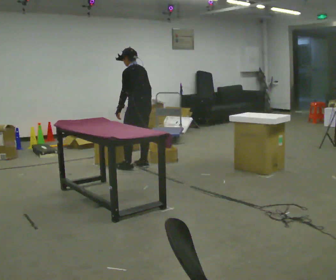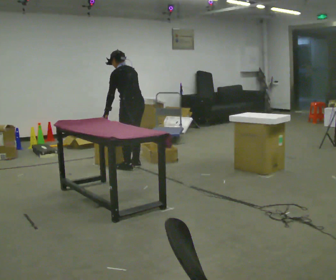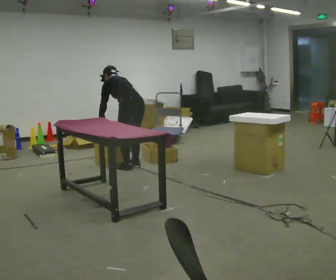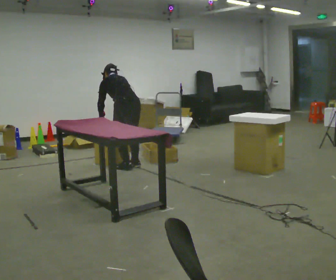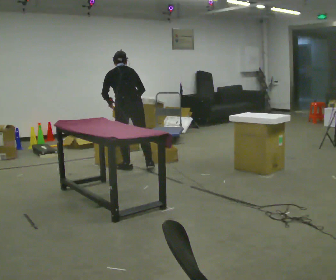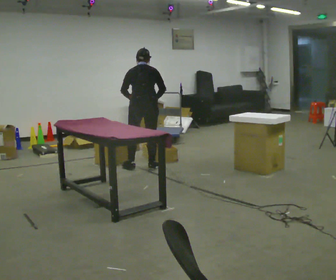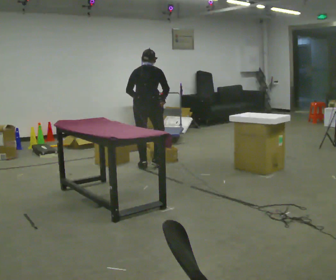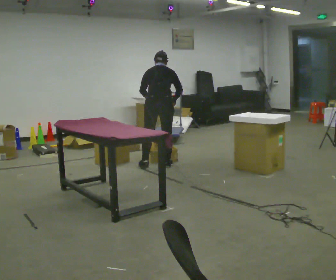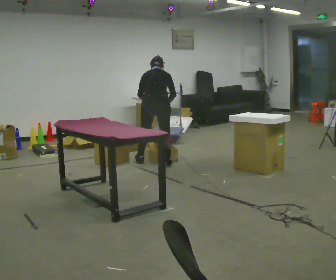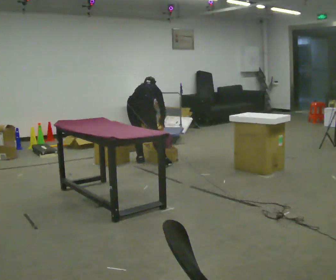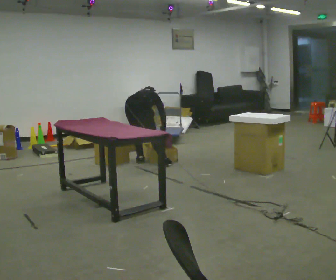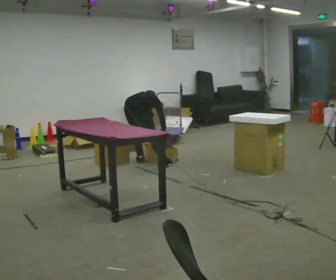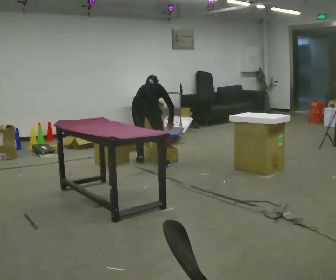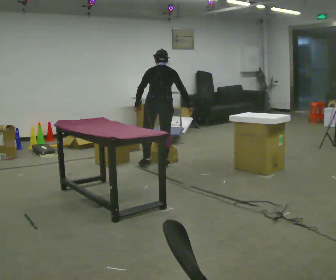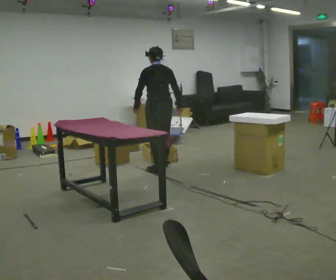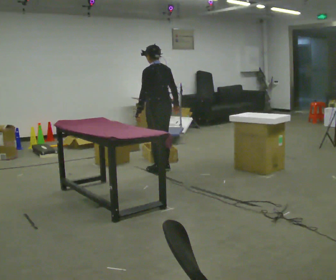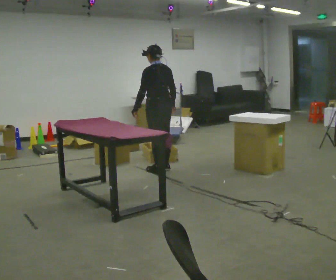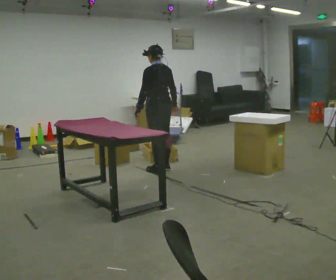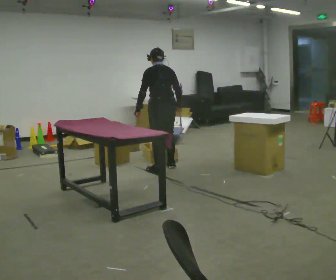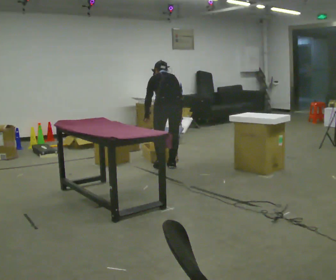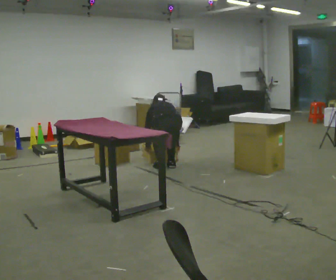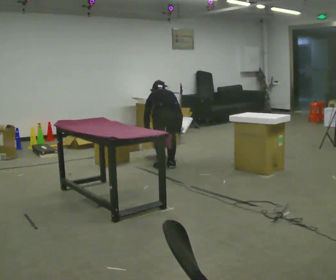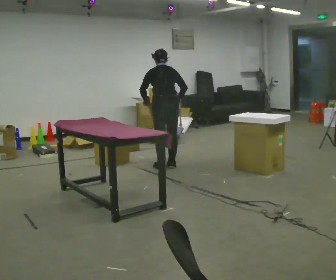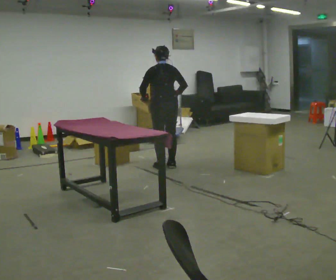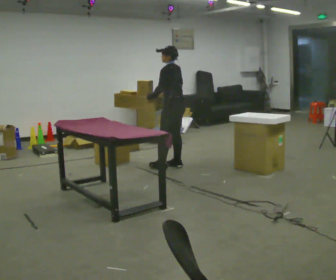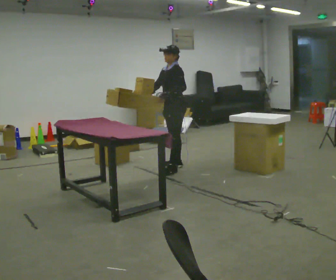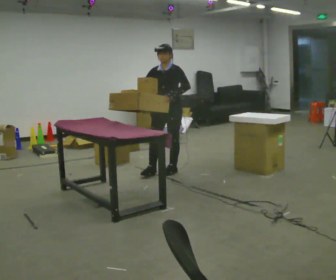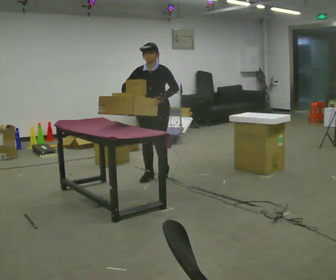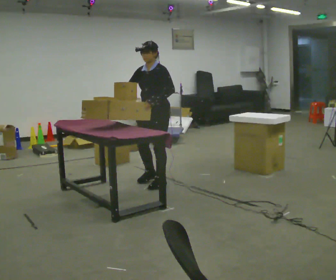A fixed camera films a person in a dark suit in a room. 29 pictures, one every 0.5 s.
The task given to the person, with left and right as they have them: 1. Move everything from the second bin into the first bin. 2. Carry the empty bin to the shelf. 3. Carry the full bin to the table. 4. Tell the operator when you are finished.
0.0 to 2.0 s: The part of the body nearest the lens slides to the left as the person turns to their right by about 45 degrees.
2.0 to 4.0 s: In the picture they go to the right and away from the camera, about 0.5 m in 4 steps, which for them is forward and to their right. In the picture the upper body tilts clockwise, shoulders to the right.
4.0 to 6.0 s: The person moves a little, or ends about where they began.
6.0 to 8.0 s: Seen from above the body turns counterclockwise, about 45 degrees: to their left, with its near side sliding to the right. In the picture they go toward the camera and to the right, about 0.25 m in 2 steps, which for them is backward. The shoulders move upward. The upper body tips toward the camera, its near side rolling downward, as they lean back or straighten.
8.0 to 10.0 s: Seen from above the body turns clockwise, about 30 degrees: to their right, with its near side sliding to the left. The upper body goes downward. The upper body tips away from the camera, its near side rolling upward, as they bend forward. In the picture their left hand goes downward.
10.0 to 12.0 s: Seen from above the body turns counterclockwise, about 60 degrees: to their left, with its near side sliding to the right. The shoulders move upward. The upper body tips toward the camera, its near side rolling downward, as they lean back or straighten. In the picture their right hand goes upward.
12.0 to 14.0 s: Seen from above the body turns counterclockwise, about 75 degrees: to their left, with its near side sliding to the right. In the picture they go toward the camera, about 1 m in 3 steps.
The film runs forward here.
